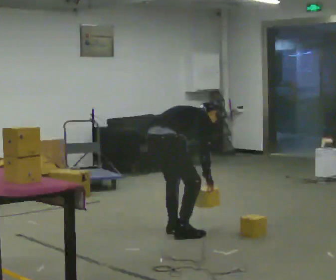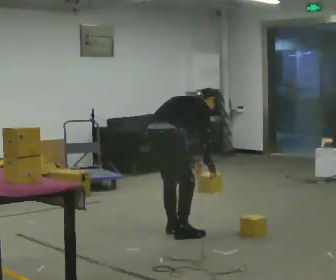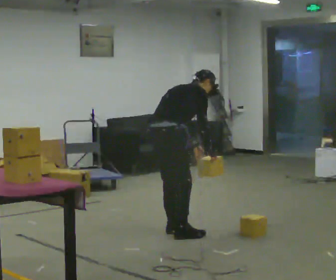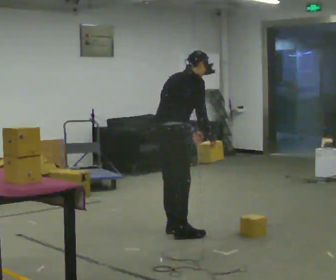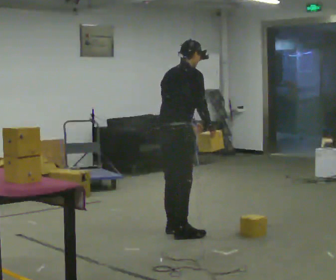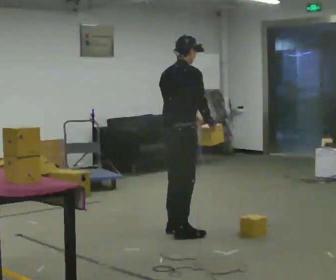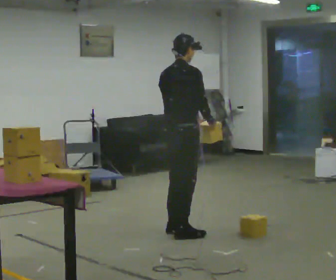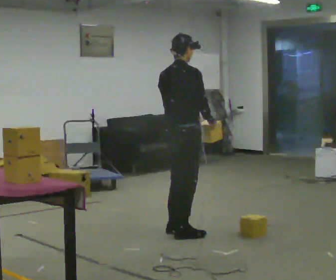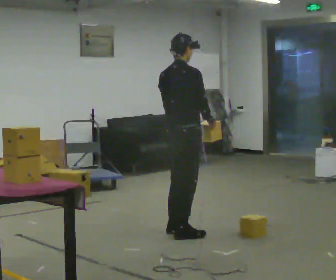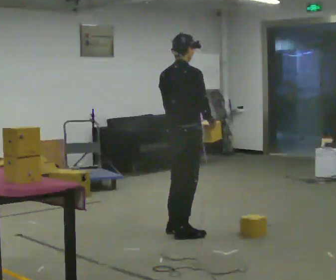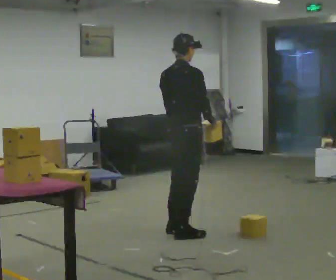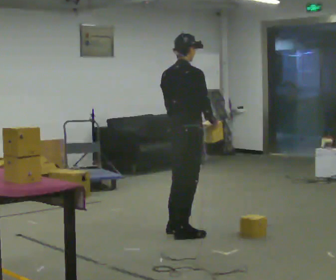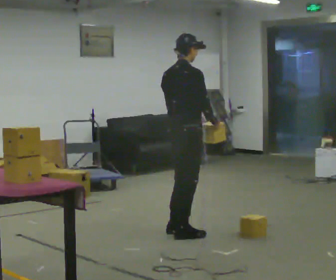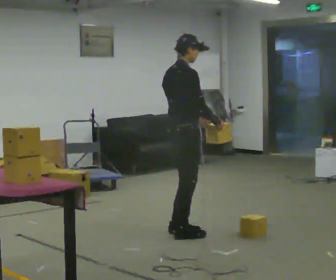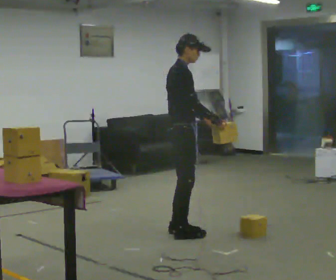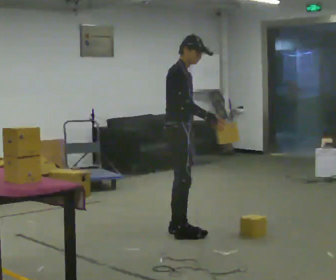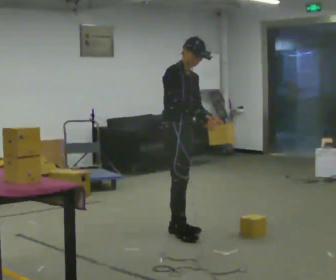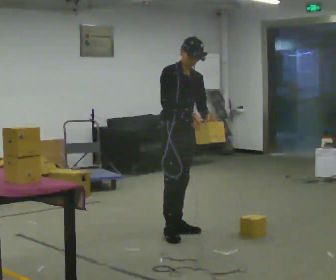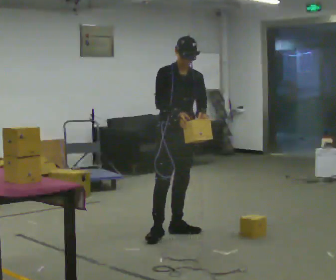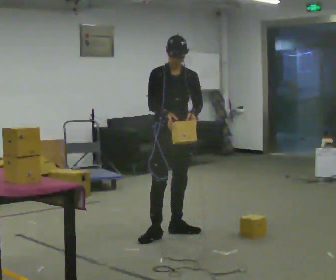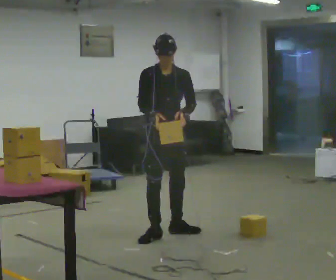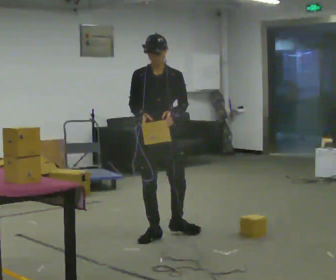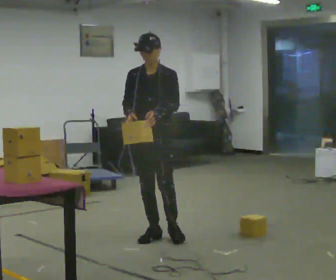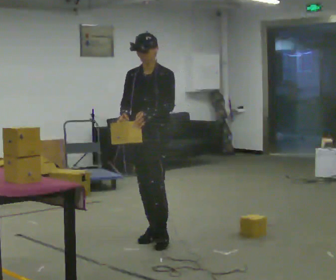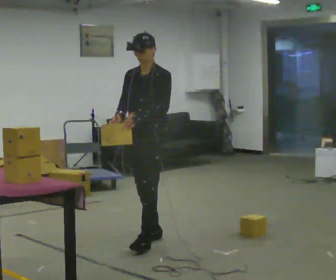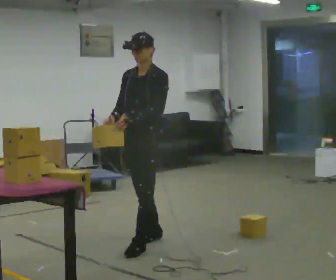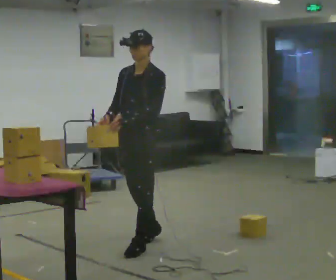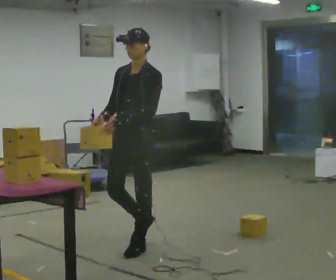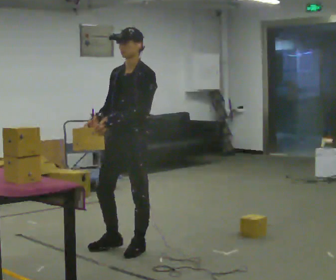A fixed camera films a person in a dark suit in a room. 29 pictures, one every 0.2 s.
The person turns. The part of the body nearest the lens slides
to the left.
Their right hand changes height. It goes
upward.
0.0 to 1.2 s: In the picture they go to the right, about 0.25 m. The upper body goes upward. In the picture the upper body tilts counterclockwise, shoulders to the left, as they lean back or straighten. In the picture their right hand goes upward.
1.2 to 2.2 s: The person moves a little, or ends about where they began.
2.2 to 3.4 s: The part of the body nearest the lens slides to the left as the person turns to their right by about 90 degrees. In the picture they go away from the camera, about 0.25 m.
3.4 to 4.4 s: The part of the body nearest the lens slides to the left as the person turns to their right by about 45 degrees. In the picture they go toward the camera and to the left, about 0.25 m in 1 step, which for them is to their right and forward.
4.4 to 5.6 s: The person turns about 30 degrees to their right, clockwise seen from above, so the part of the body nearest the lens slides to the left. In the picture they go toward the camera, about 0.5 m in 1 step, which for them is forward.
The film runs forward here.
